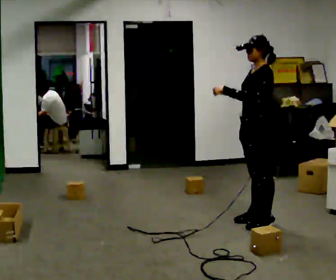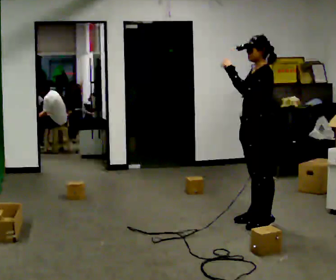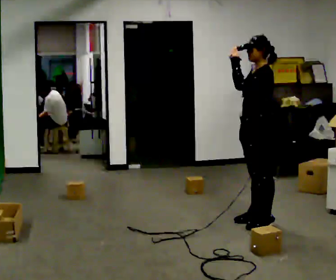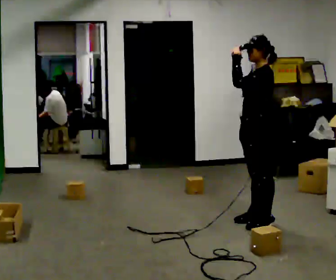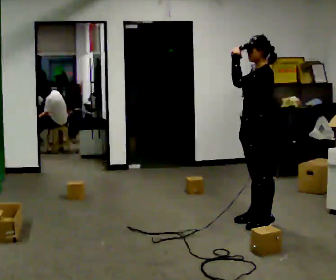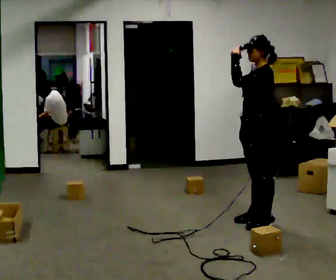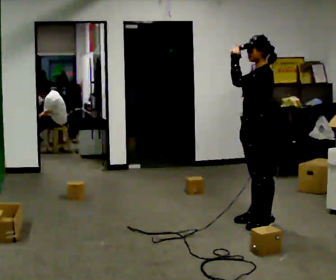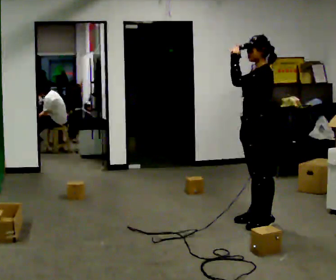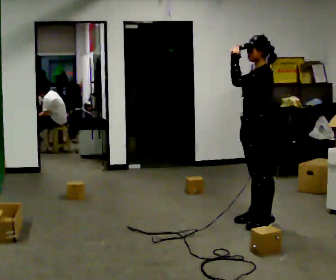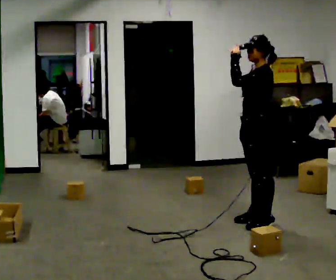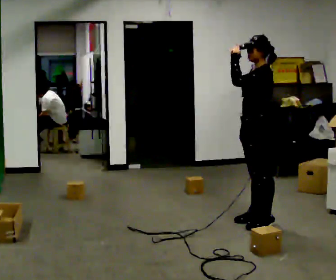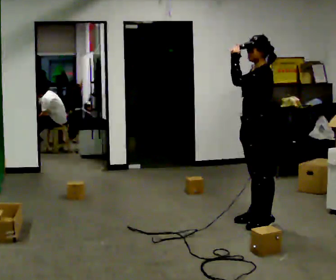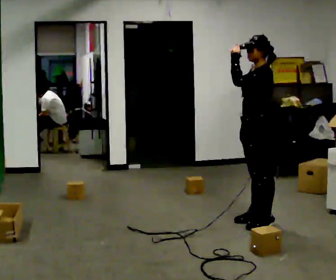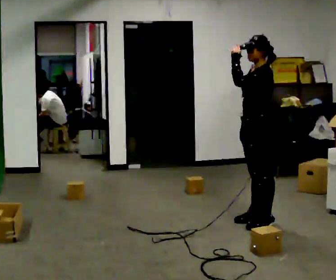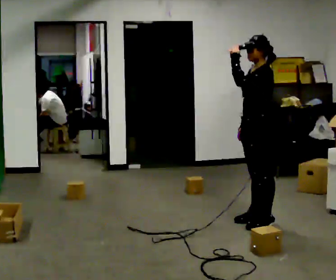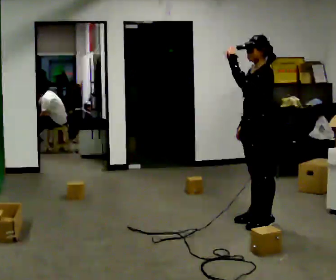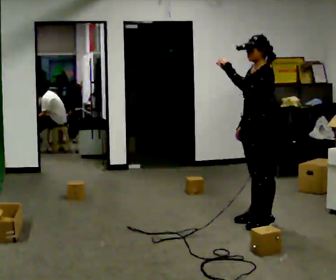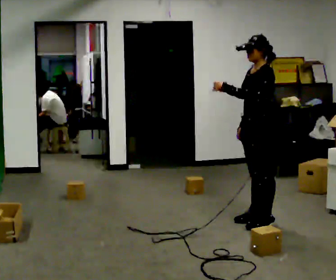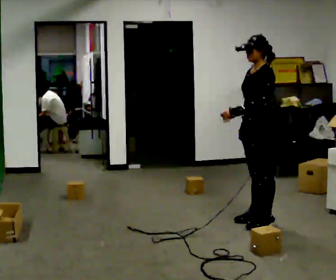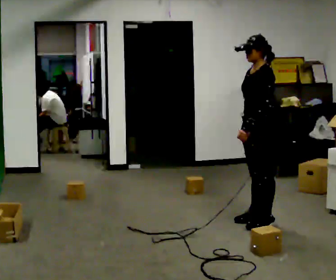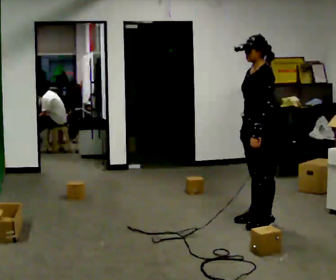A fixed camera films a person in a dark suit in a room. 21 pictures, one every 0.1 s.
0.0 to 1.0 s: In the picture their left hand goes upward.
1.0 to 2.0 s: In the picture their left hand goes downward.
The film runs backward here.
